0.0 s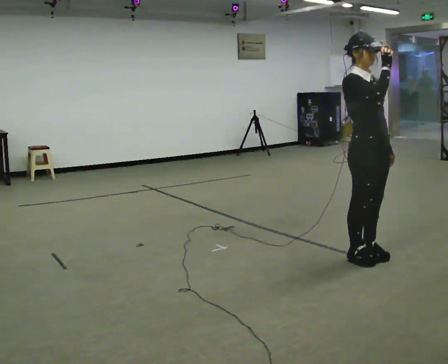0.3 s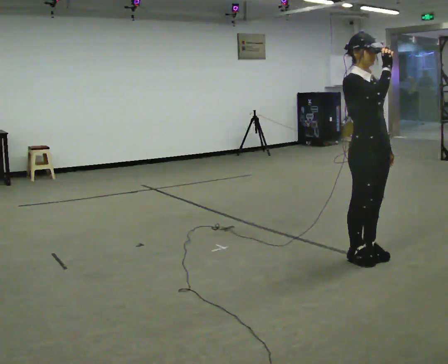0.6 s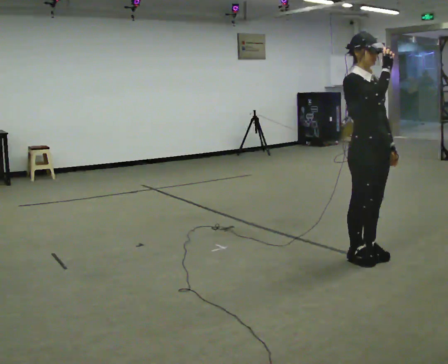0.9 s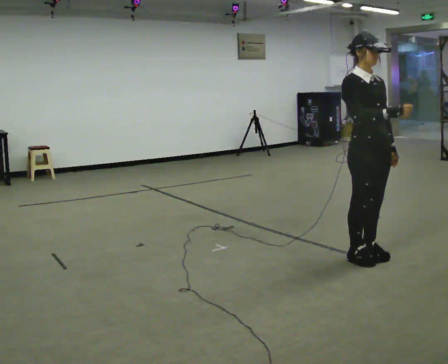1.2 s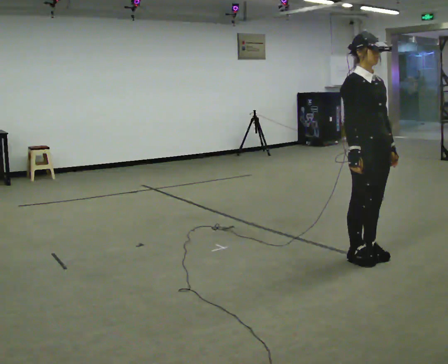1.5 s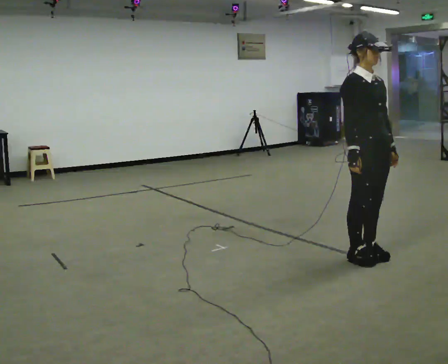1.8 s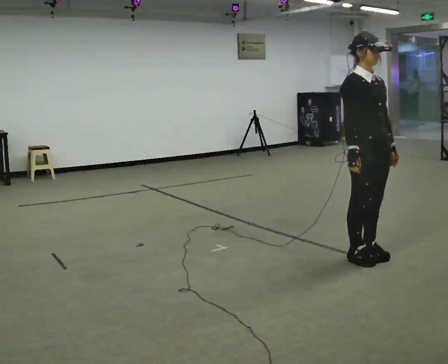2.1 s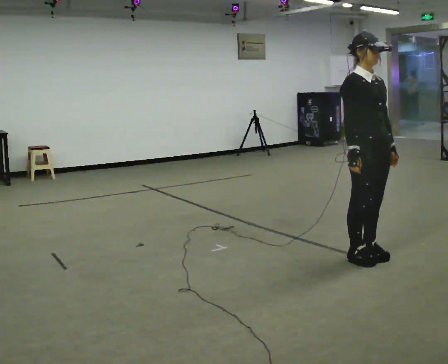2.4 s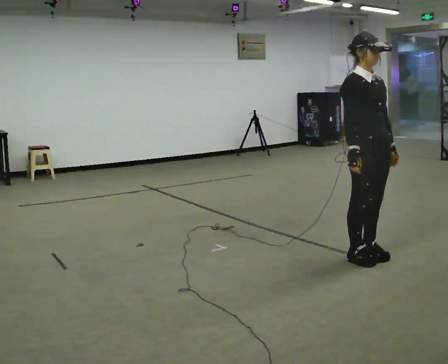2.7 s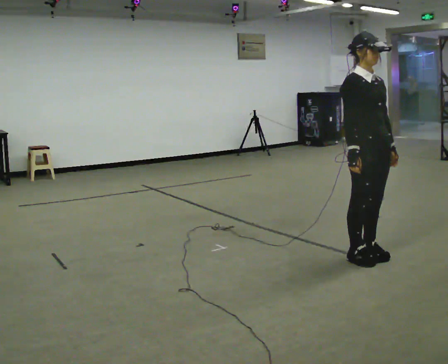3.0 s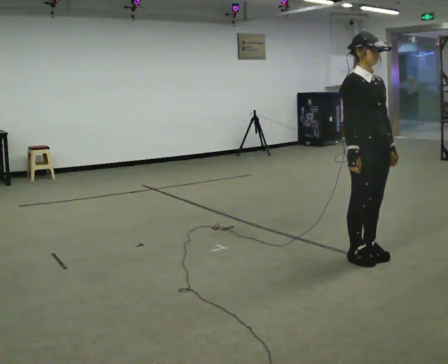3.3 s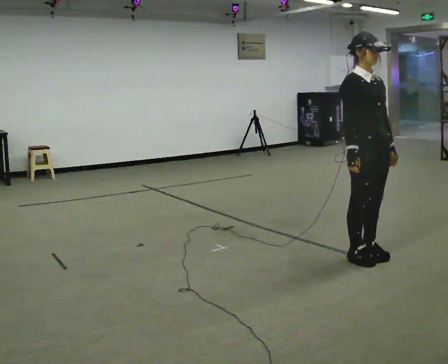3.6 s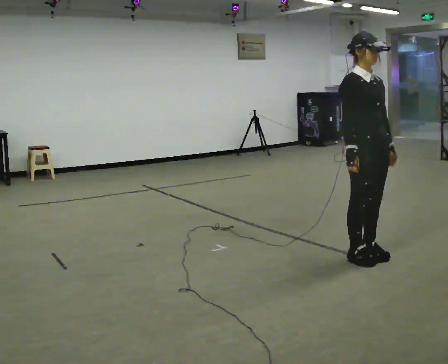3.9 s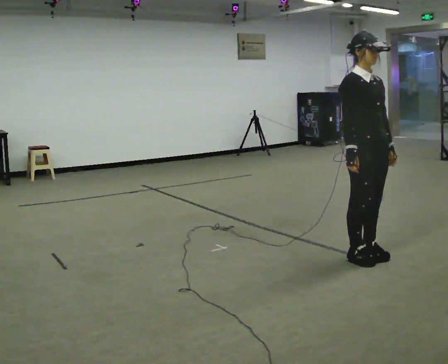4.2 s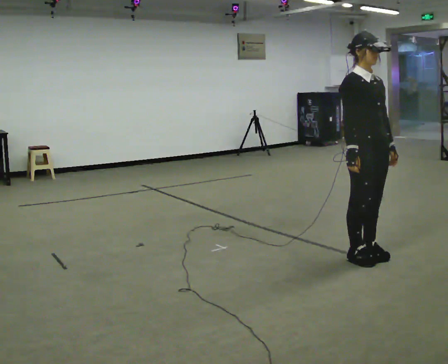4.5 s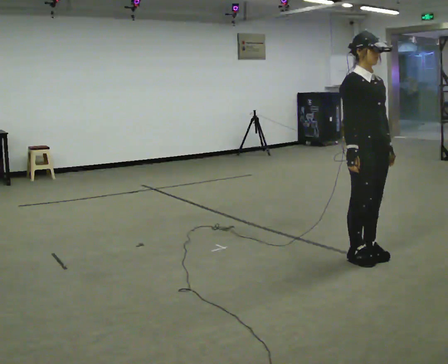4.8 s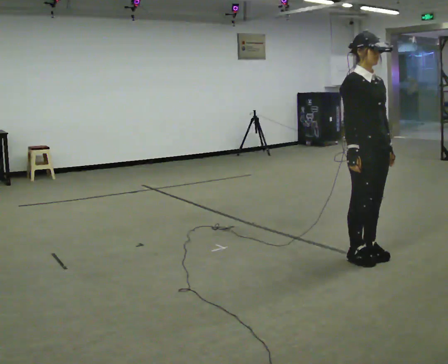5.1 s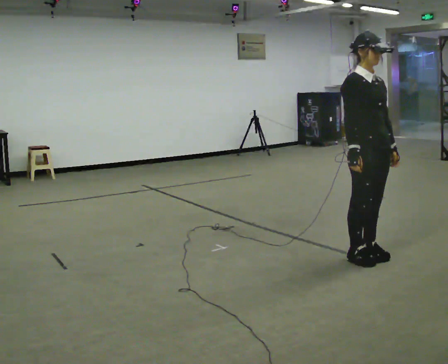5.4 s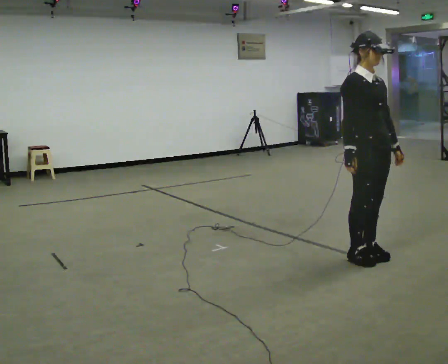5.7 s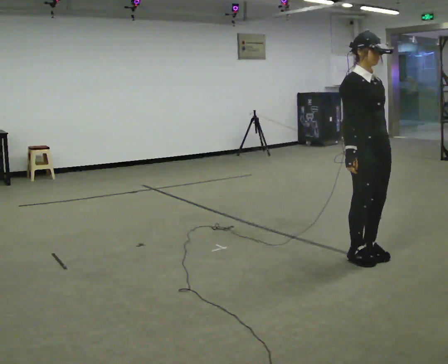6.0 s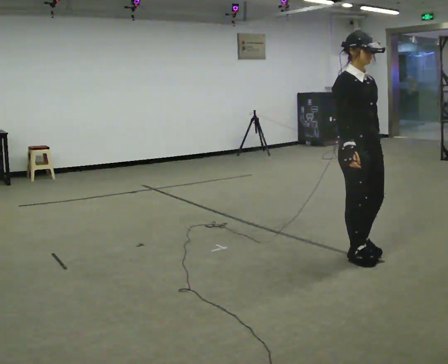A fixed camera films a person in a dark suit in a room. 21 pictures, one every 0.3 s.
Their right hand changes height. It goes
downward.
0.0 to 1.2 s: In the picture their right hand goes downward.
1.2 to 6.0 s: The person moves a little, or ends about where they began.
The film runs backward here.
